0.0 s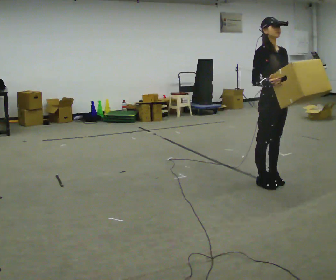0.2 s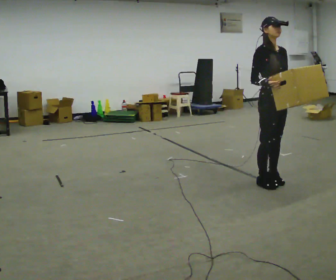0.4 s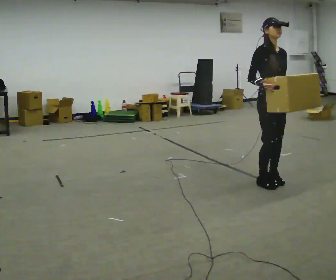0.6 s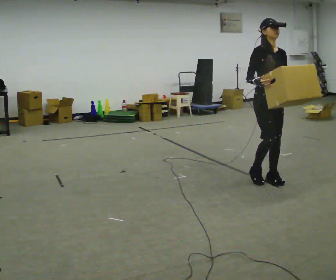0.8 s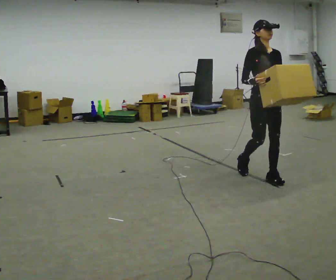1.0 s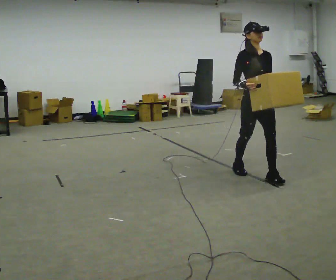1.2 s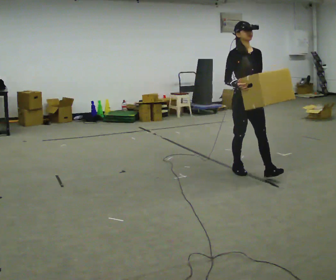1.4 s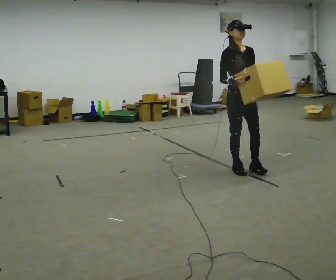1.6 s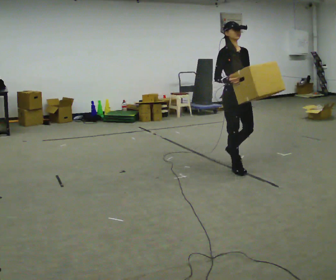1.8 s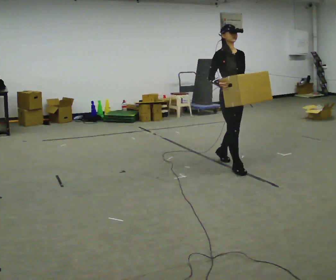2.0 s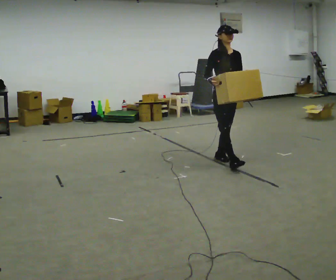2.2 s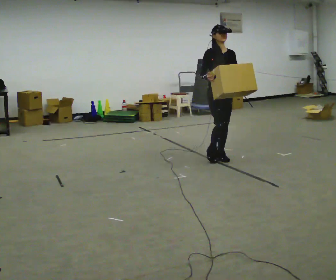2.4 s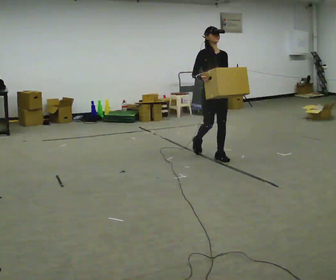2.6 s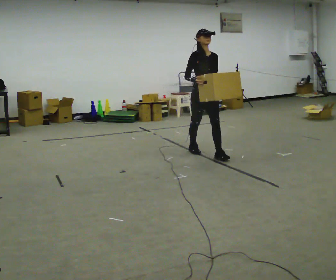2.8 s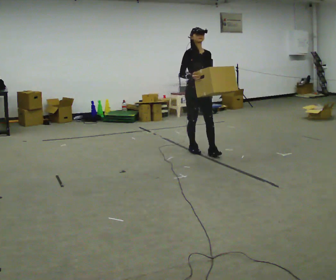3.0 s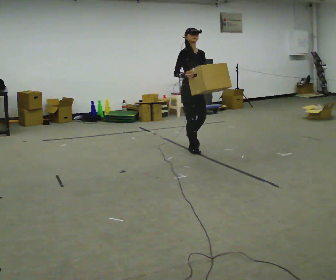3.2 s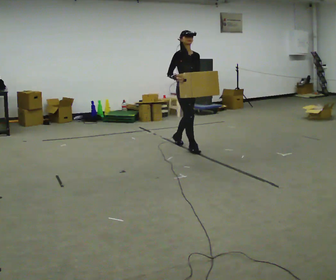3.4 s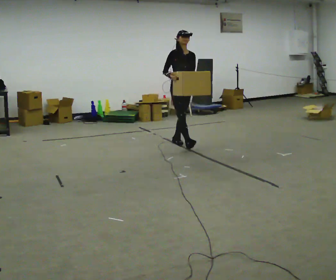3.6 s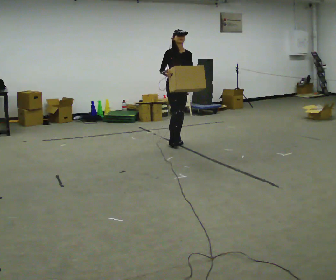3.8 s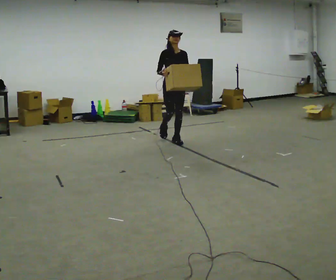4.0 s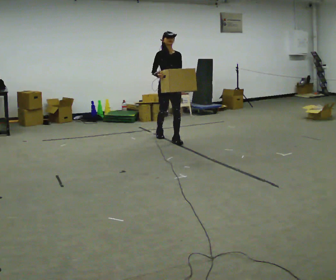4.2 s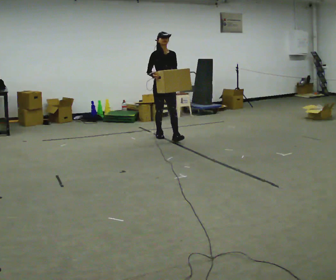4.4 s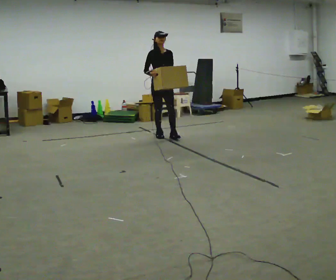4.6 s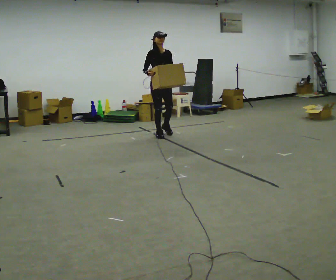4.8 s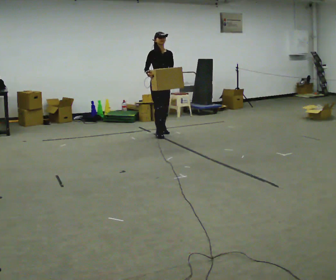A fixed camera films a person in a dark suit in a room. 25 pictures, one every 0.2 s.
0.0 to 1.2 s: In the picture they go away from the camera and to the left, about 0.5 m in 2 steps, which for them is backward.
1.2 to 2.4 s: In the picture they go away from the camera and to the left, about 0.5 m in 1 step, which for them is backward.
2.4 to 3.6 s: In the picture they go away from the camera and to the left, about 1 m in 2 steps, which for them is backward.
3.6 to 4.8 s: In the picture they go away from the camera and to the left, about 0.5 m in 1 step, which for them is backward.
The film runs backward here.
